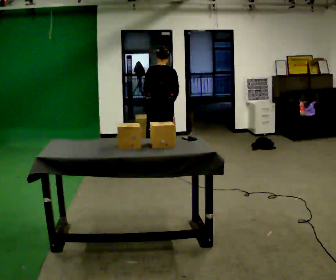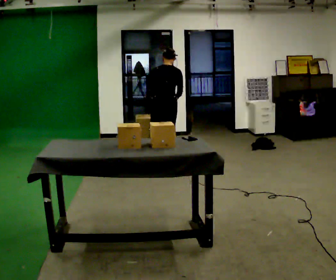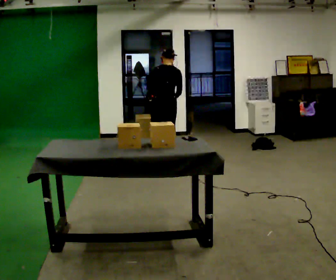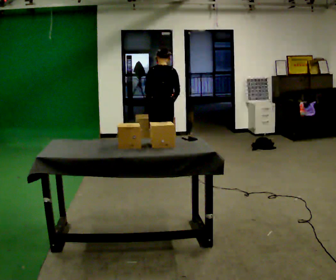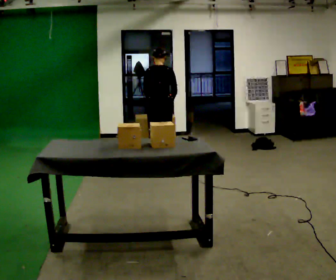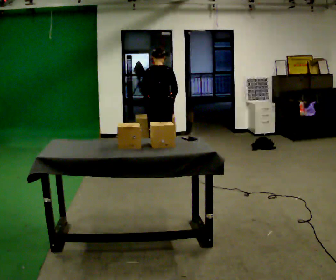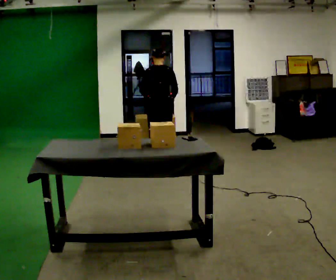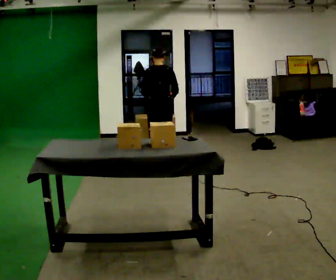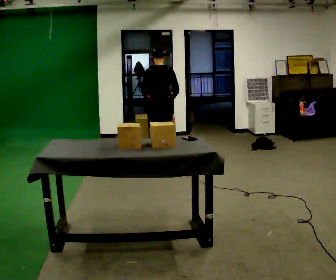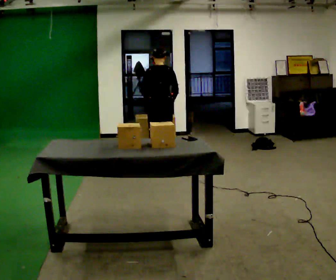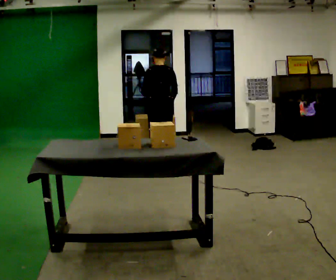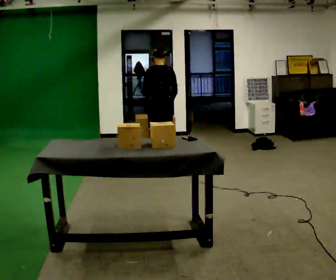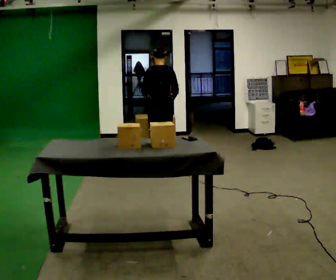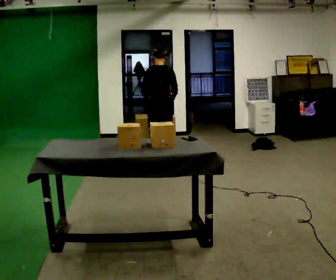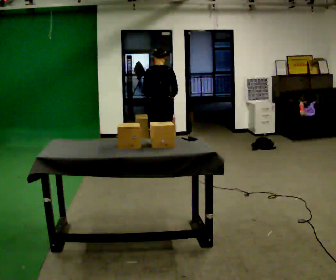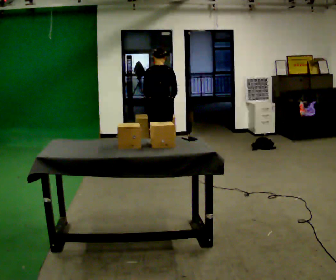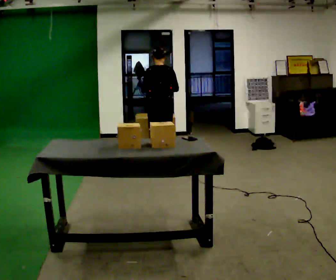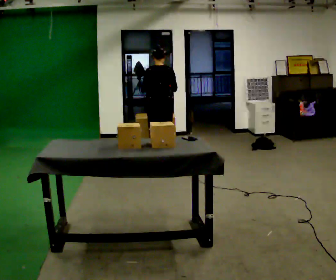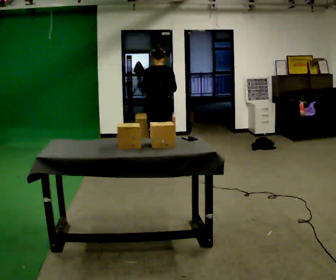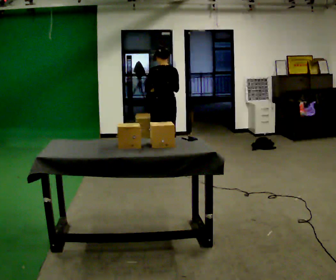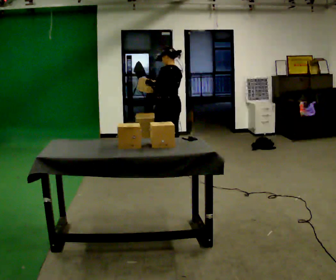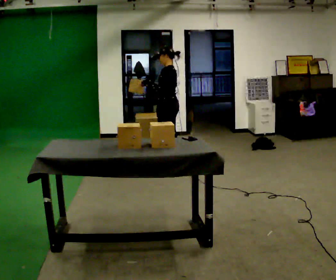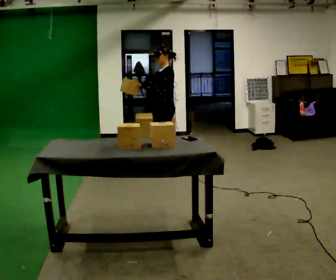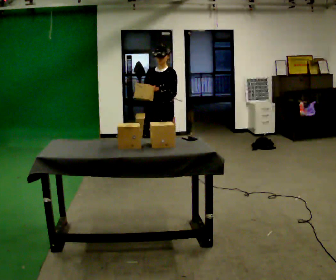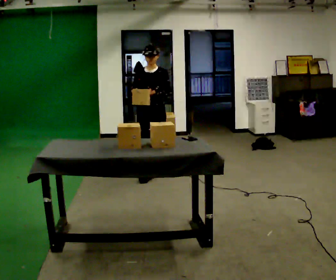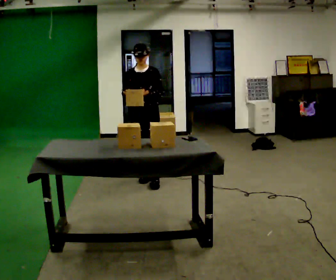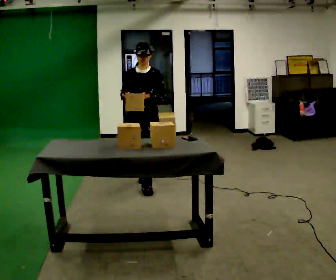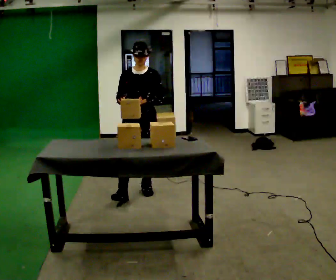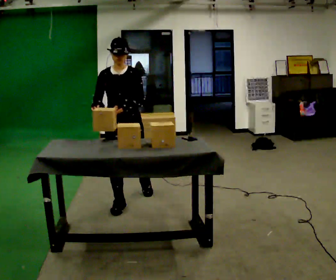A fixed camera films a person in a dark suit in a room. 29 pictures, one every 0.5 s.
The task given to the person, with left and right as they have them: 1. Clear everything off the table and put it away on the shelves. 2. Then set the table back up the way the operator shows you in the photo. 3. Tell the operator when you are finished.
0.0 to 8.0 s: The person moves a little, or ends about where they began.
8.0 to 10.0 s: The person turns about 60 degrees to their left, counterclockwise seen from above, so the part of the body nearest the lens slides to the right.
10.0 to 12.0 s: The part of the body nearest the lens slides to the right as the person turns to their left by about 105 degrees. In the picture they go toward the camera and to the left, about 0.5 m in 2 steps.
12.0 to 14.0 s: In the picture they go toward the camera, about 1 m in 2 steps, which for them is forward.
The film runs forward here.
